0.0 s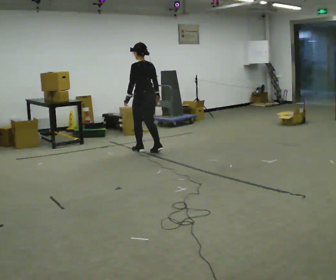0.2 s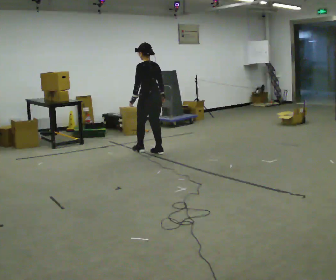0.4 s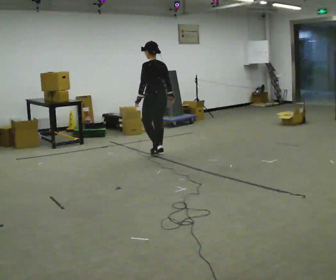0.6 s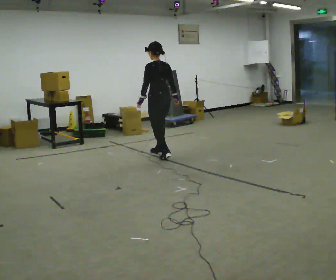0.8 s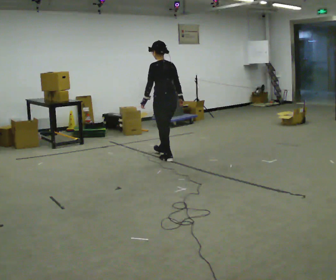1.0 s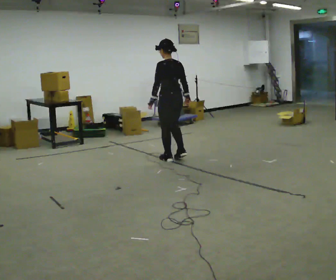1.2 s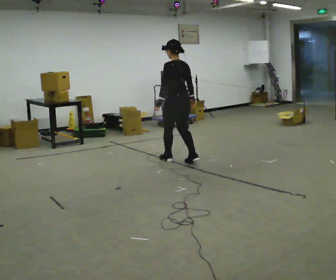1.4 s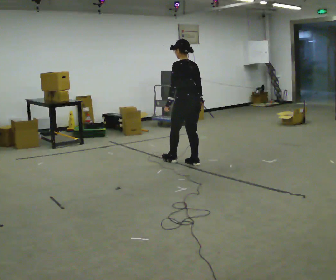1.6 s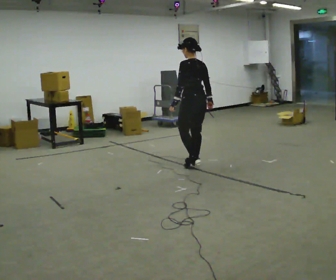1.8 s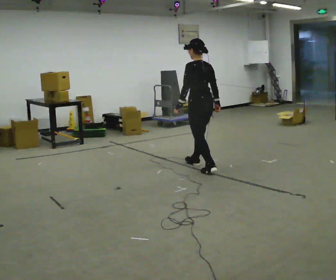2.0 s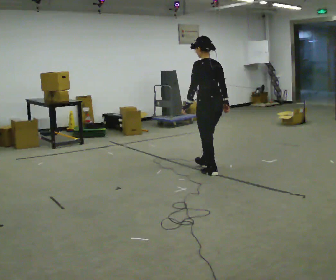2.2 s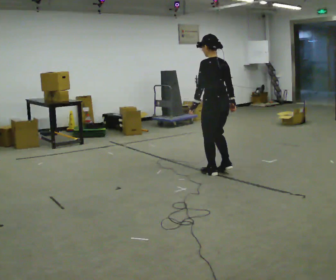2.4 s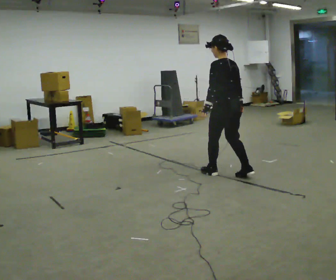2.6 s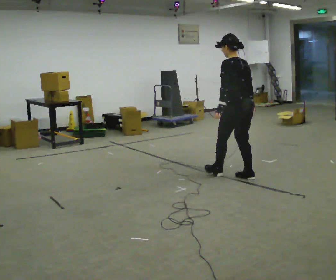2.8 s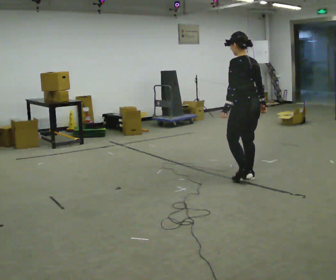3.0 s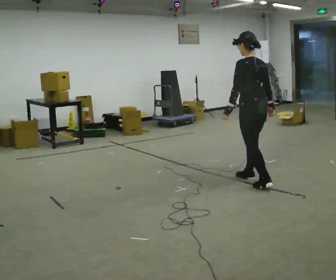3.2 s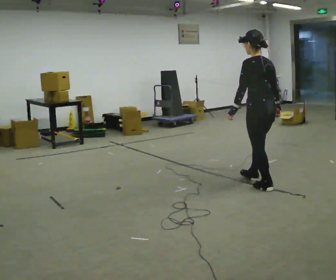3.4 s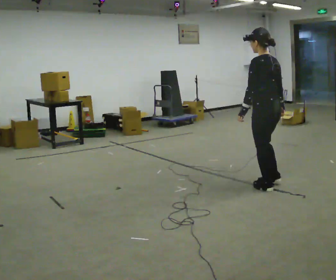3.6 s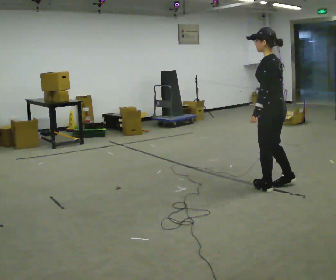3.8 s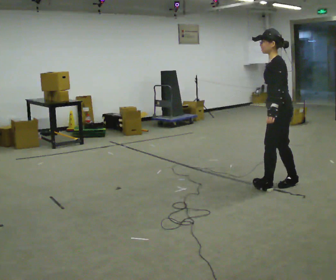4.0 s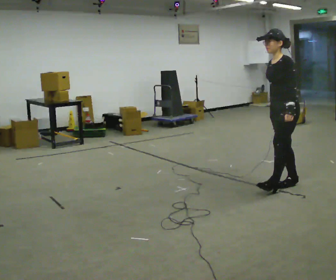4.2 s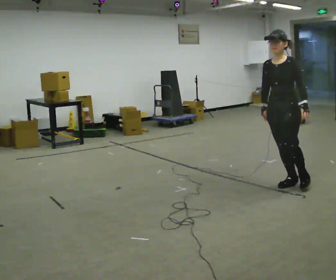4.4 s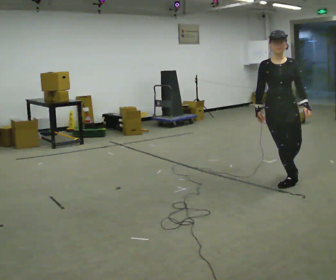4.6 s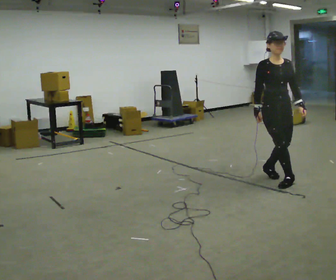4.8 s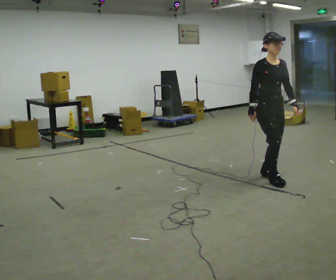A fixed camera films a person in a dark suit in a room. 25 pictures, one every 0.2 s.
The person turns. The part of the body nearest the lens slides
to the right.
The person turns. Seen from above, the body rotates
counterclockwise.
0.0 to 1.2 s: In the picture they go to the right and toward the camera, about 1 m in 2 steps, which for them is backward.
1.2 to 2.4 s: In the picture they go toward the camera and to the right, about 1 m in 2 steps, which for them is backward.
2.4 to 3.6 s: In the picture they go toward the camera and to the right, about 0.75 m in 2 steps, which for them is backward.
3.6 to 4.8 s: The person turns about 150 degrees to their left, counterclockwise seen from above, so the part of the body nearest the lens slides to the right. In the picture they go away from the camera, about 0.25 m in 2 steps.
The film runs forward here.
